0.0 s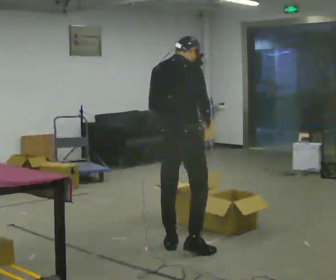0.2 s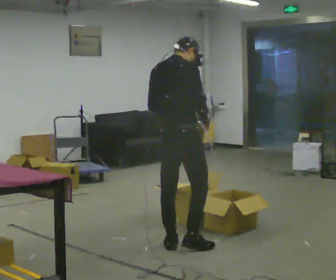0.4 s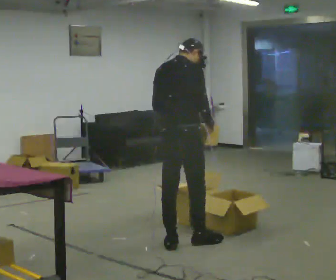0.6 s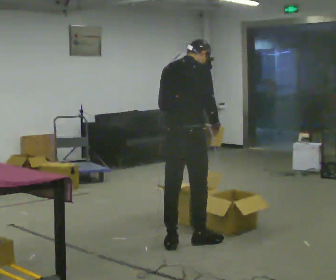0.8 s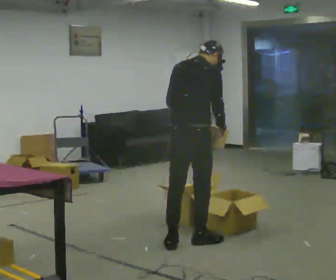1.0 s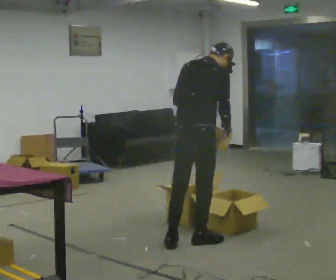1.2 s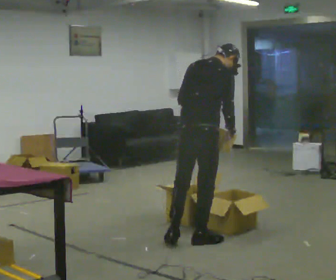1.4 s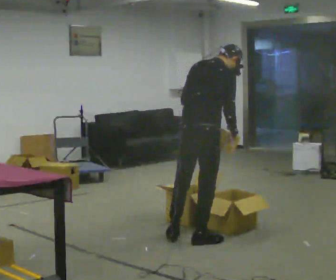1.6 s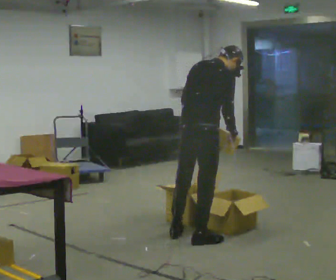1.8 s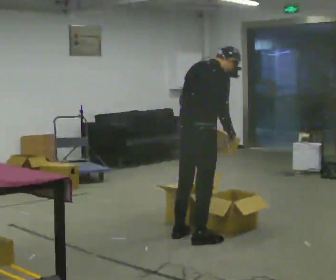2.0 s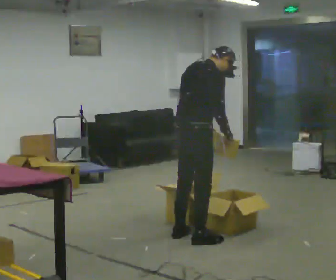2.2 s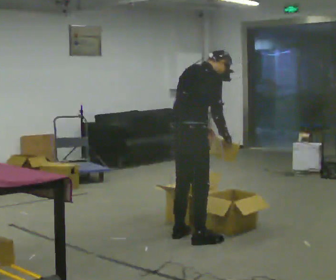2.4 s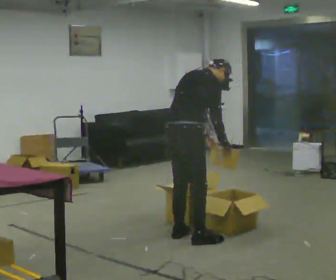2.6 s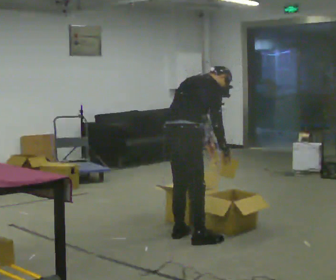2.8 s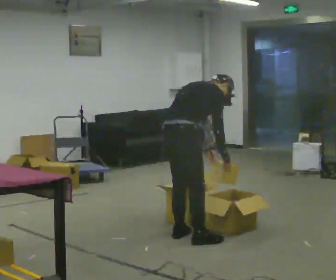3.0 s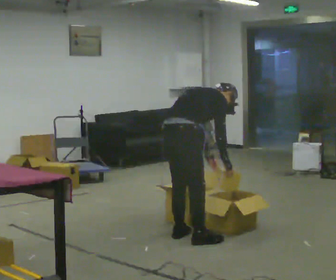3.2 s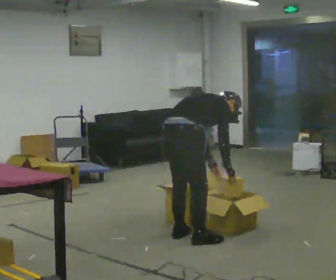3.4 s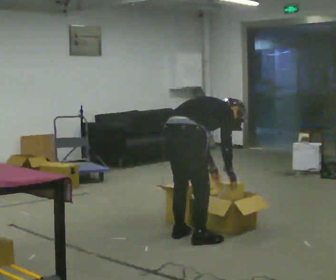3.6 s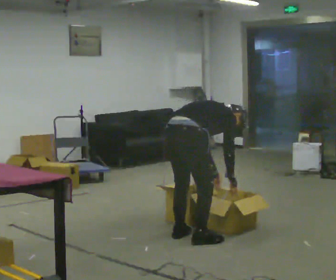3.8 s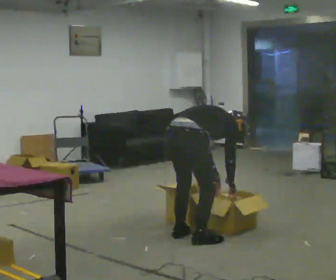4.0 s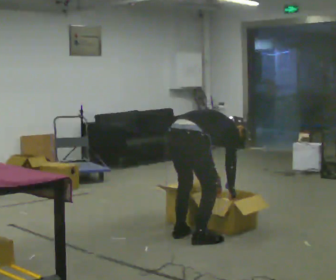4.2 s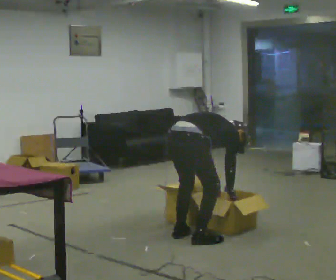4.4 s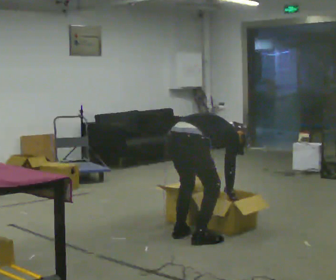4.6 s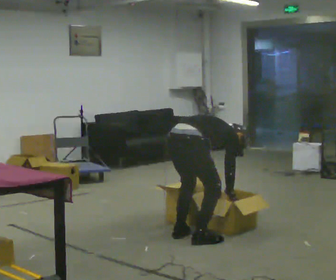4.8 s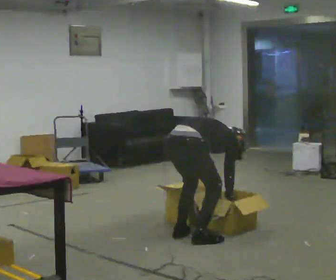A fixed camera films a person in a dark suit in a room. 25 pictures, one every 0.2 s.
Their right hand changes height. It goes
downward.
The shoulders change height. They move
downward.
0.0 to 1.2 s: In the picture they go to the right, about 0.25 m in 1 step, which for them is forward. In the picture the upper body tilts clockwise, shoulders to the right.
1.2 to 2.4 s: The upper body tips away from the camera, its near side rolling upward, as they bend forward.
2.4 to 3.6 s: The shoulders move downward. In the picture the upper body tilts clockwise, shoulders to the right, as they bend forward. In the picture their right hand goes downward.
3.6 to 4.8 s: The shoulders move downward. The upper body tips away from the camera, its near side rolling upward.
The film runs forward here.
